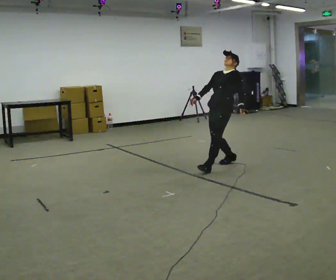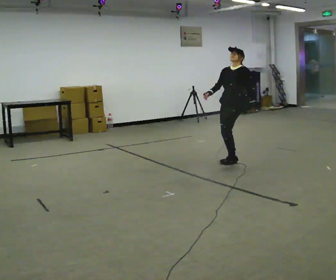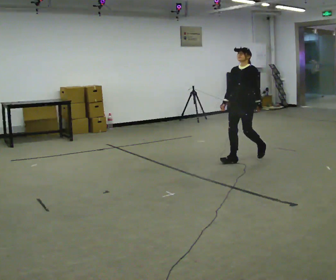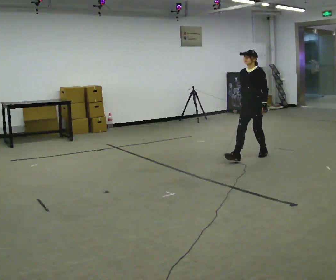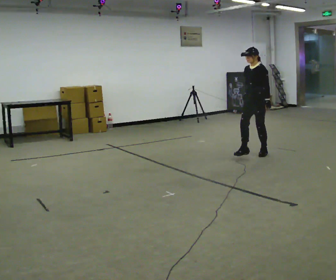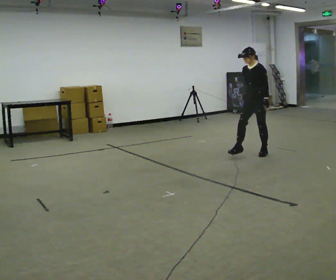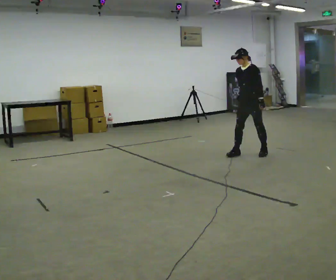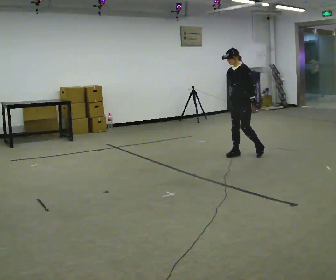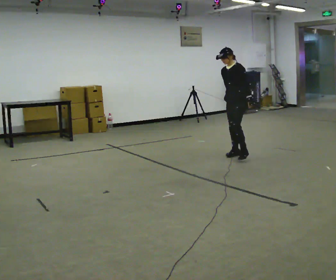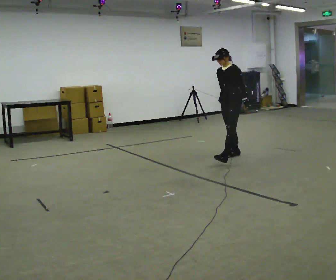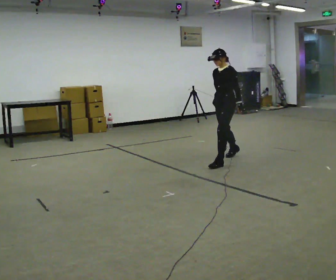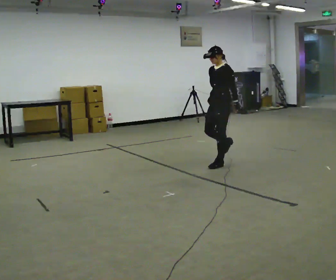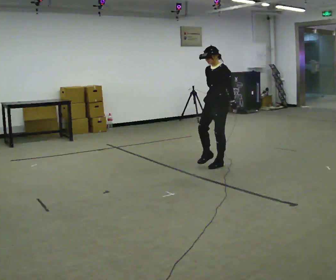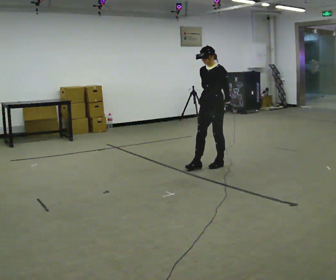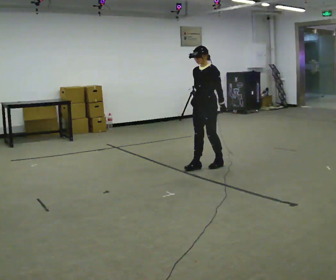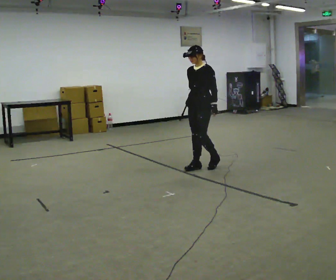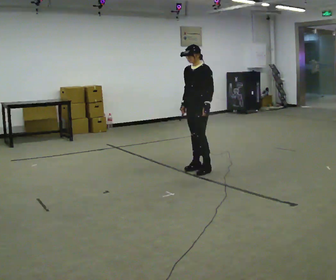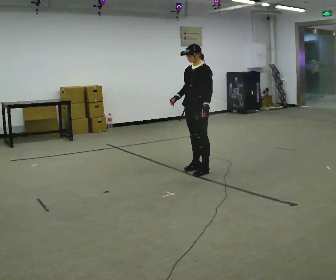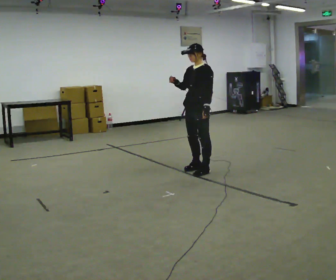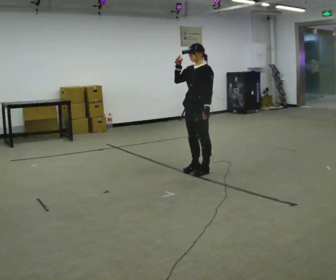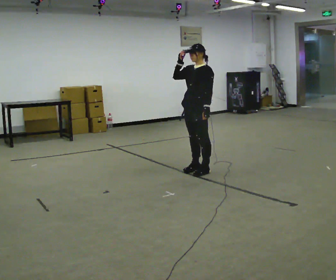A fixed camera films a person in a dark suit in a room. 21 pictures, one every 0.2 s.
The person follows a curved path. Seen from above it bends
counterclockwise.
0.0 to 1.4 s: In the picture they go away from the camera, about 0.5 m in 3 steps, which for them is backward. In the picture the upper body tilts counterclockwise, shoulders to the left, as they bend forward.
1.4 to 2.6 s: In the picture they go toward the camera and to the left, about 0.75 m in 2 steps, which for them is forward.
2.6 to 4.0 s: In the picture they go toward the camera, about 0.25 m in 1 step, which for them is forward. In the picture their right hand goes upward.
The film runs forward here.
